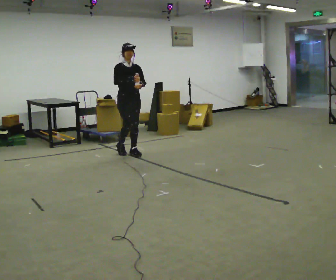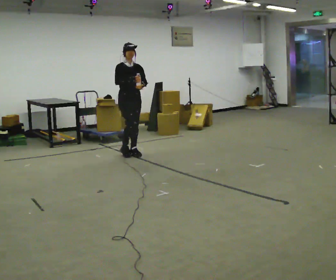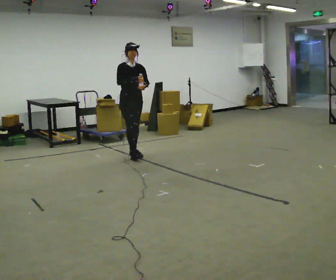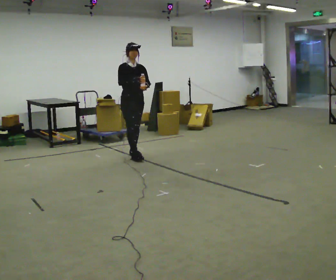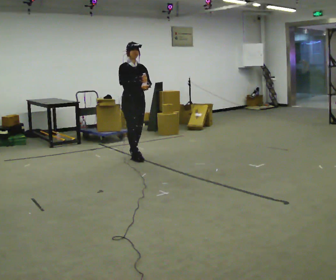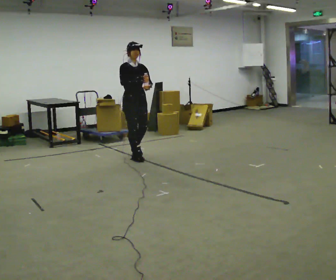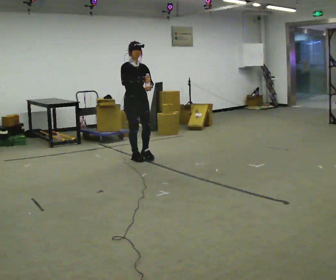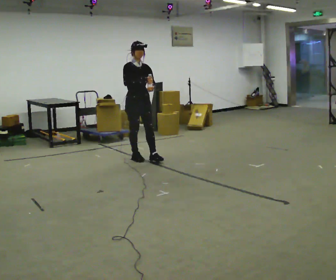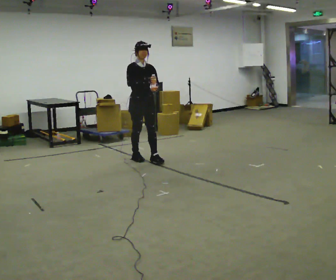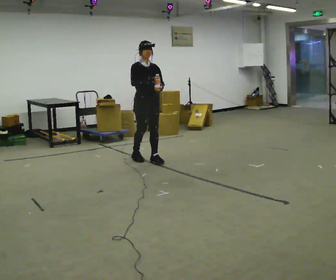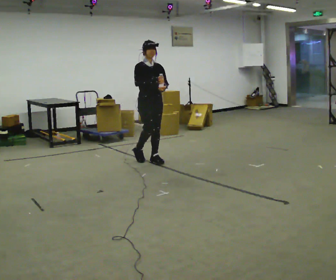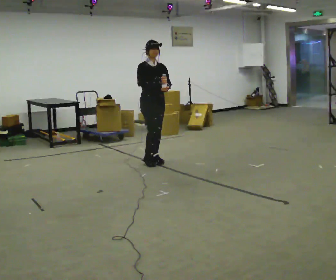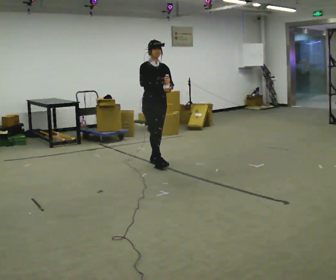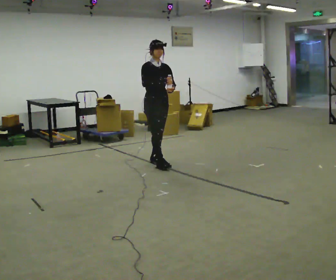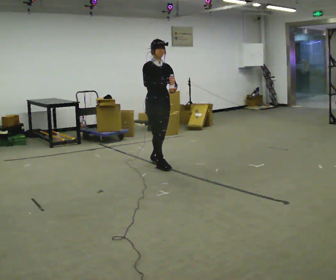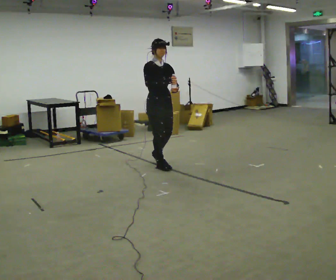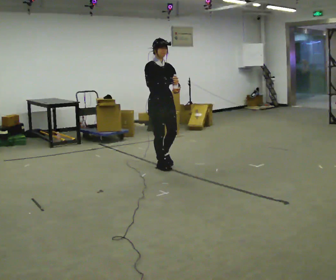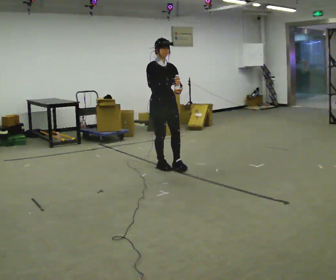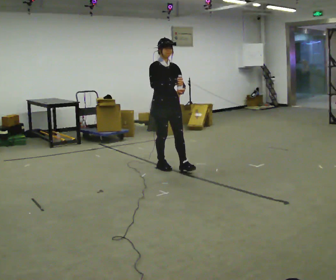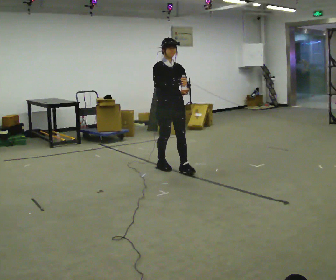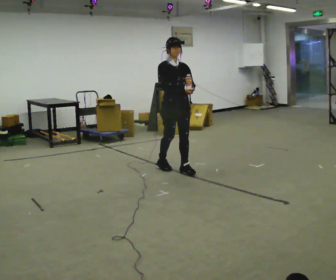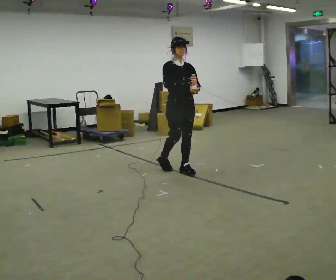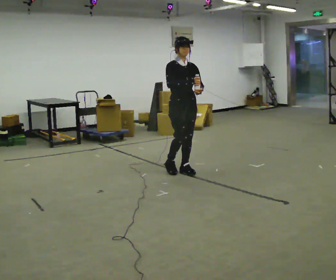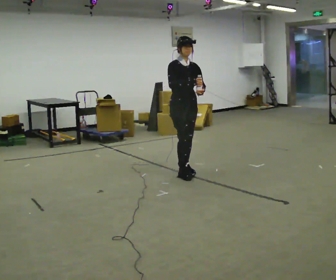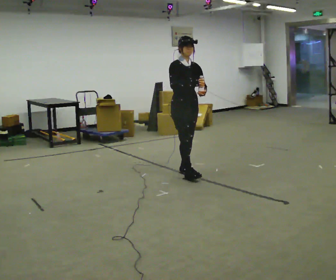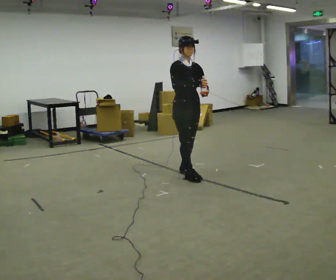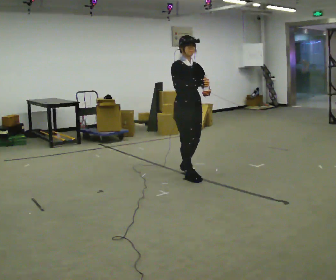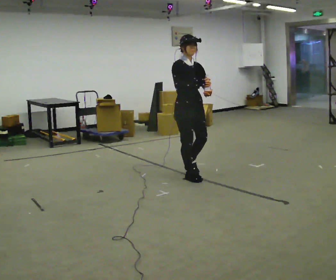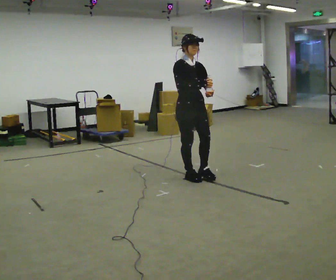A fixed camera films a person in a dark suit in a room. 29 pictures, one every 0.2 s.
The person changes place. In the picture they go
toward the camera.
0.0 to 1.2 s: In the picture they go toward the camera, about 0.25 m in 1 step, which for them is forward.
1.2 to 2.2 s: In the picture they go to the right and toward the camera, about 0.25 m in 1 step, which for them is forward.
2.2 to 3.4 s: In the picture they go toward the camera, about 0.25 m in 1 step, which for them is forward.
3.4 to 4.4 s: In the picture they go to the right and toward the camera, about 0.25 m in 1 step, which for them is forward.
4.4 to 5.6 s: In the picture they go toward the camera, about 0.25 m in 1 step, which for them is forward and to their right.
The film runs forward here.
